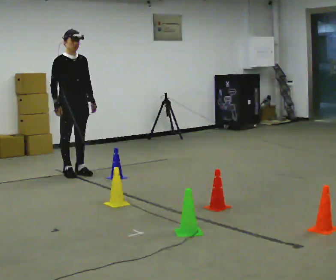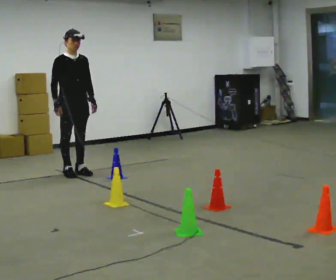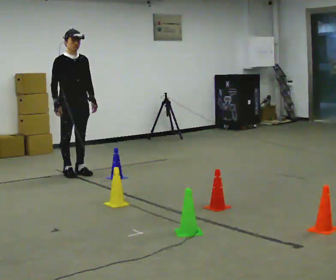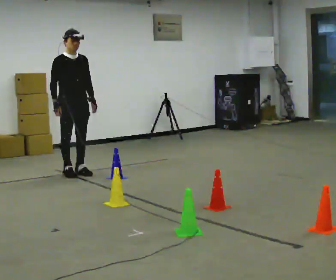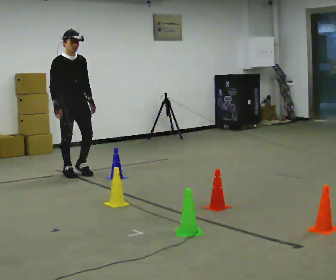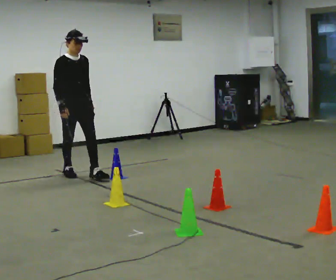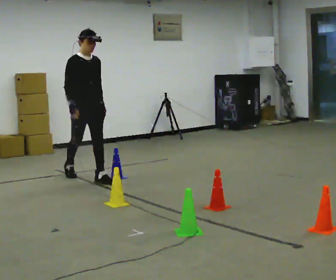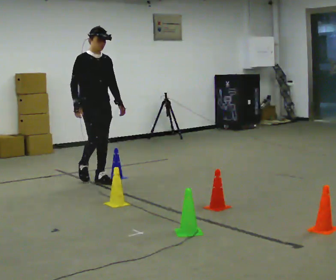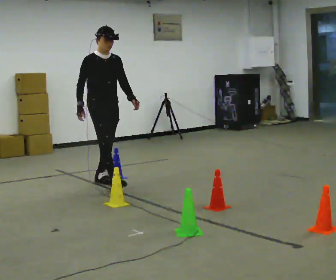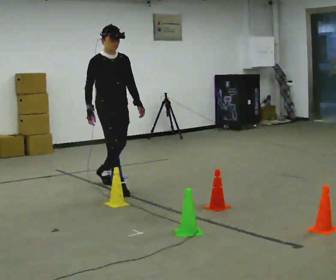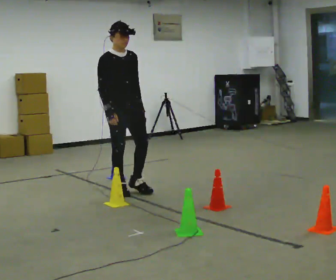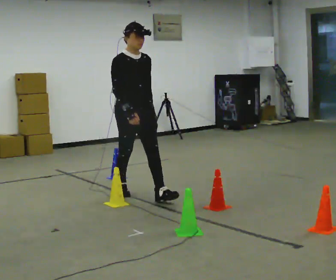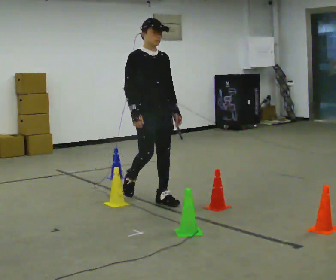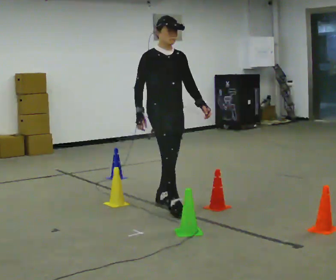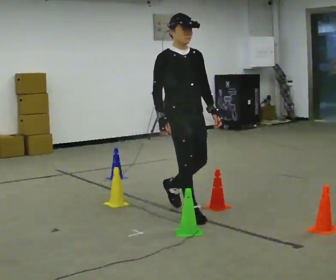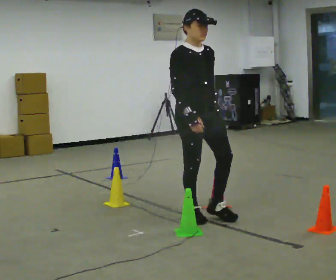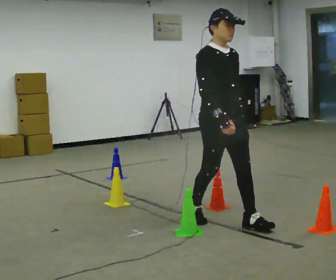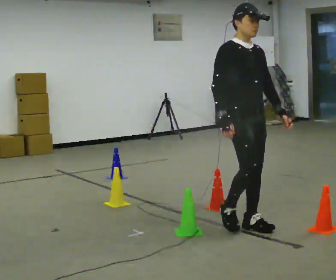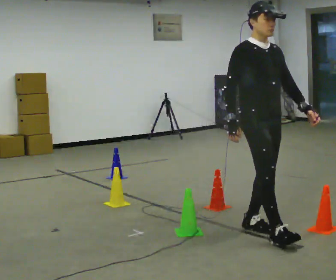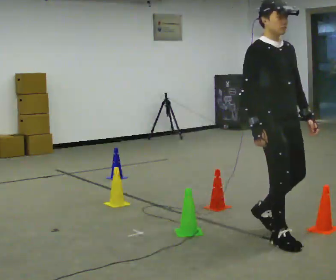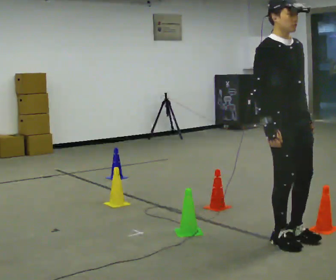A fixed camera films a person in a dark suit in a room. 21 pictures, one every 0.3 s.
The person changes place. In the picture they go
toward the camera.
0.0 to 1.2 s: The person moves a little, or ends about where they began.
1.2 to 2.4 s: In the picture they go toward the camera and to the right, about 0.75 m in 1 step, which for them is forward.
2.4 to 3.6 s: In the picture they go toward the camera and to the right, about 1 m in 2 steps, which for them is forward.
3.6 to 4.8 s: In the picture they go toward the camera and to the right, about 1 m in 2 steps, which for them is forward.
4.8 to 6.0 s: In the picture they go toward the camera and to the right, about 0.75 m in 2 steps, which for them is forward.
The film runs forward here.
